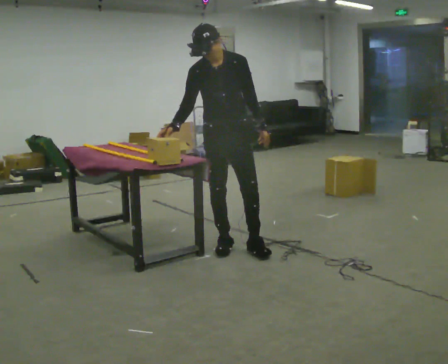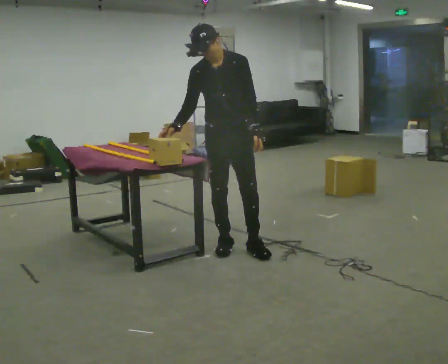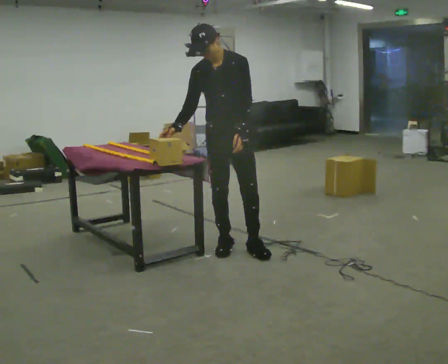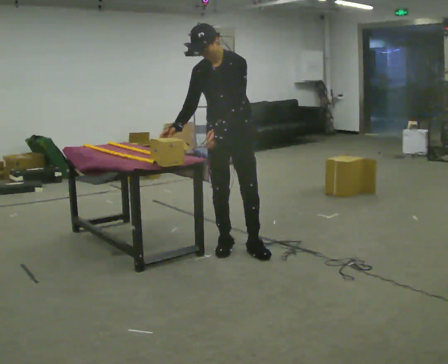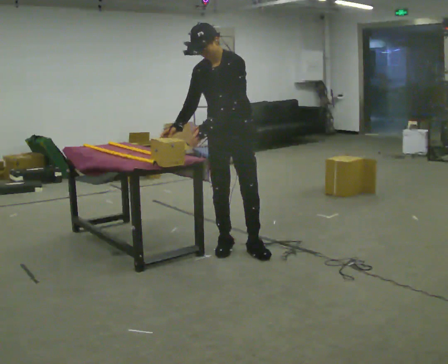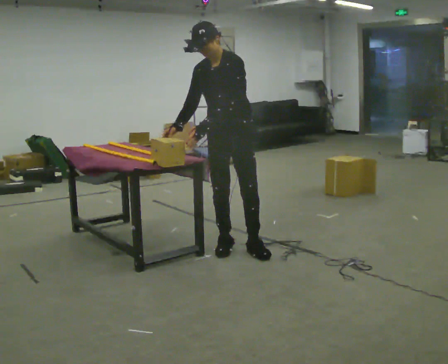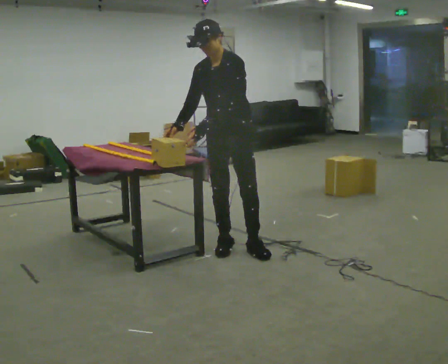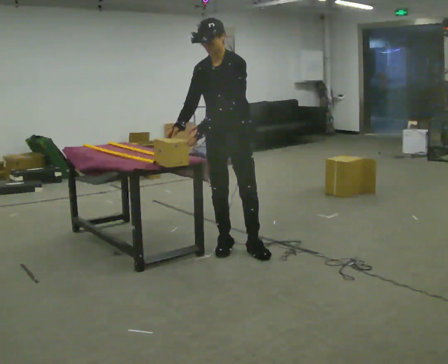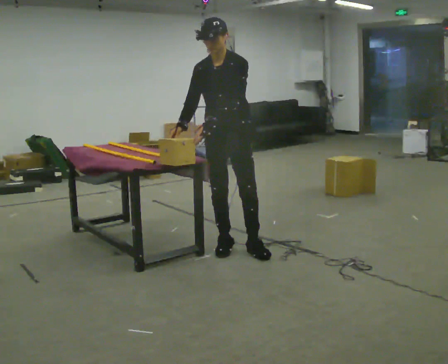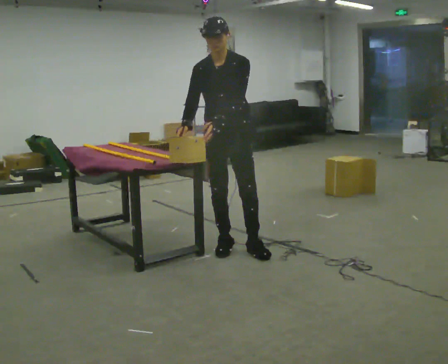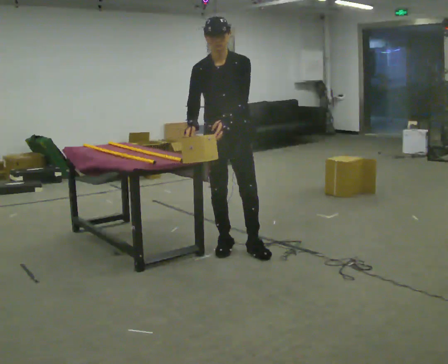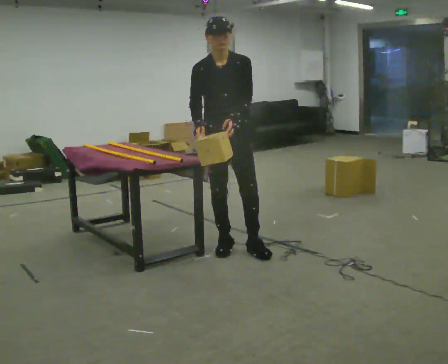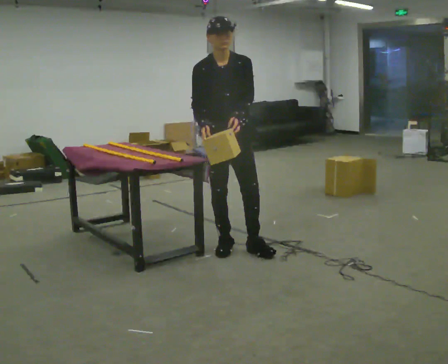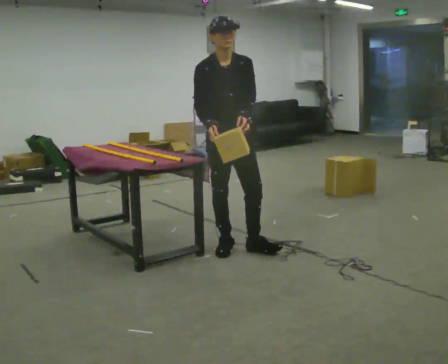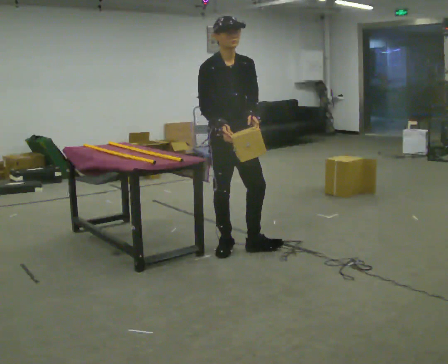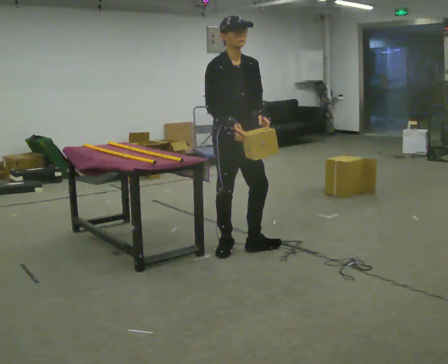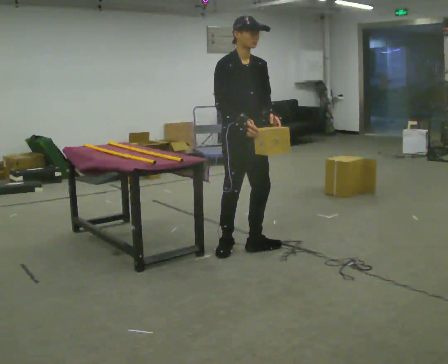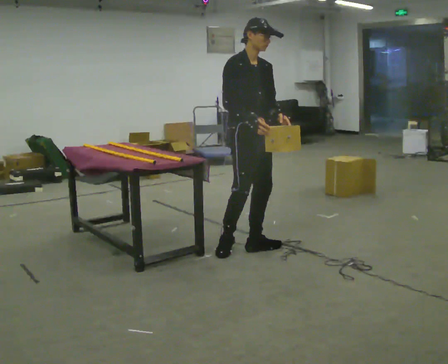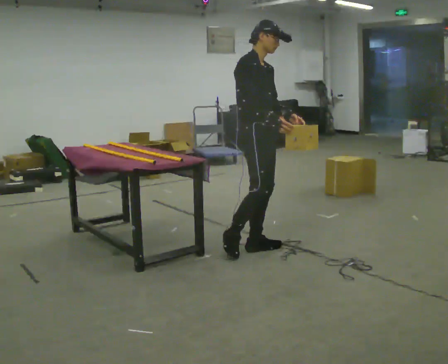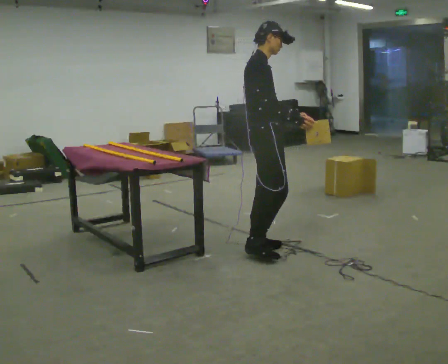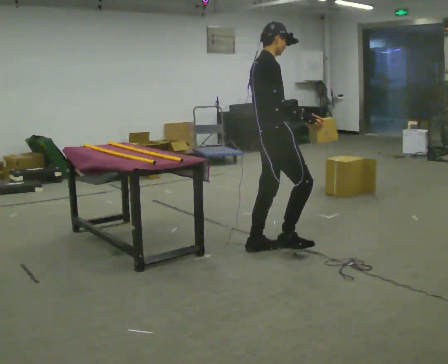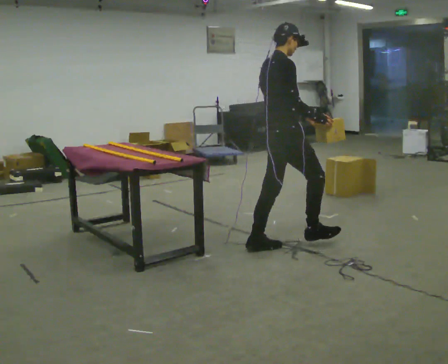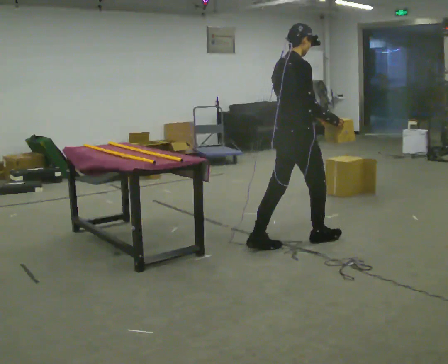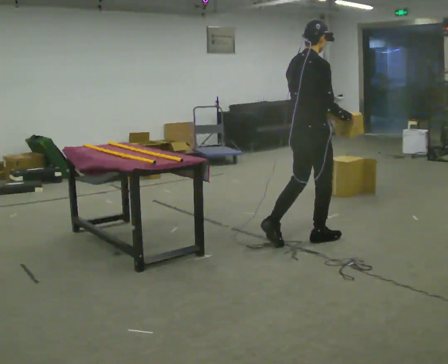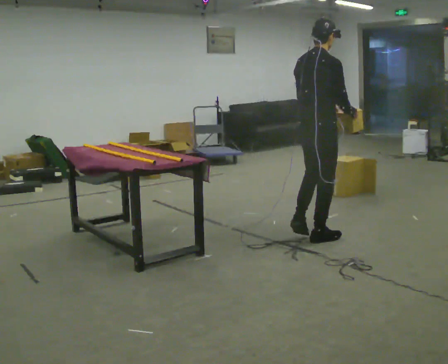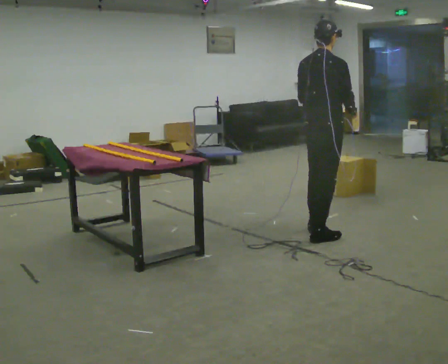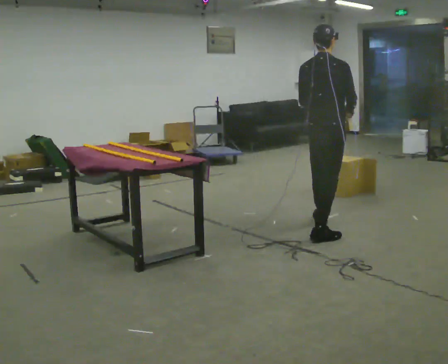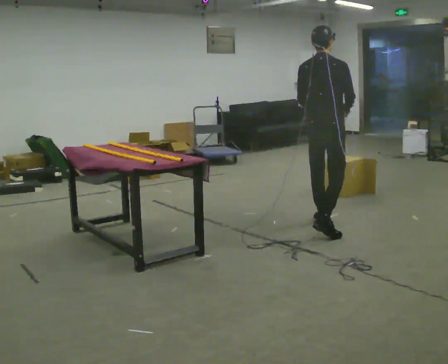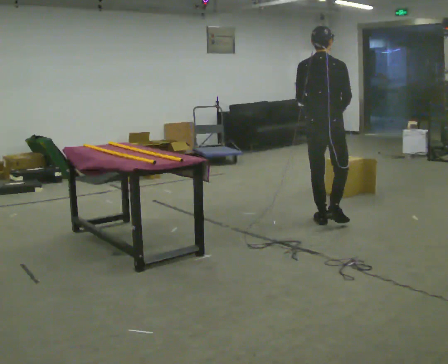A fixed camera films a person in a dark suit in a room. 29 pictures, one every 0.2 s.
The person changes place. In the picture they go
to the right.
Their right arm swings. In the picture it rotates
counterclockwise.
0.0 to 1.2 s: The part of the body nearest the lens slides to the left as the person turns to their right by about 30 degrees. In the picture their left hand goes to the left, the arm swinging clockwise.
1.2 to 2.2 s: The person turns about 30 degrees to their left, counterclockwise seen from above, so the part of the body nearest the lens slides to the right.
2.2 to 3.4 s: Seen from above the body turns counterclockwise, about 45 degrees: to their left, with its near side sliding to the right. In the picture they go to the right, about 0.25 m. In the picture their right hand goes to the right.
3.4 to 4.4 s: The person turns about 75 degrees to their left, counterclockwise seen from above, so the part of the body nearest the lens slides to the right. In the picture they go to the right, about 0.25 m in 1 step.
4.4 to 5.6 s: The person turns about 45 degrees to their left, counterclockwise seen from above, so the part of the body nearest the lens slides to the right. In the picture they go away from the camera and to the right, about 0.75 m in 1 step, which for them is forward.
The film runs forward here.
